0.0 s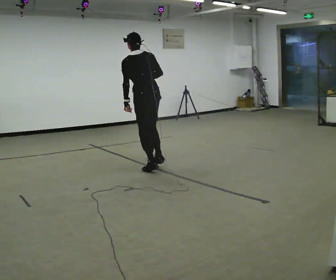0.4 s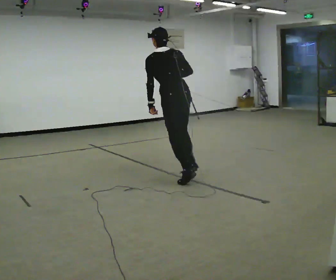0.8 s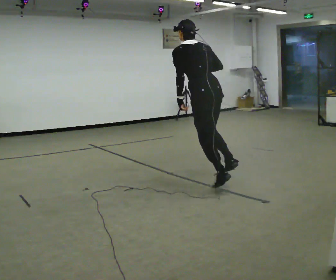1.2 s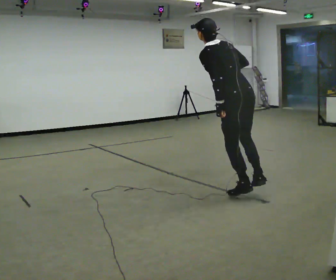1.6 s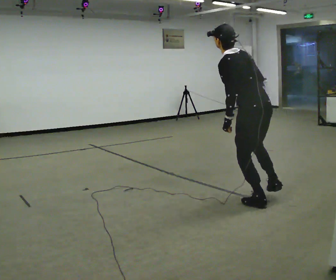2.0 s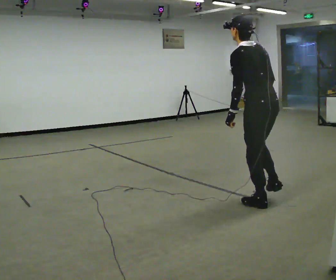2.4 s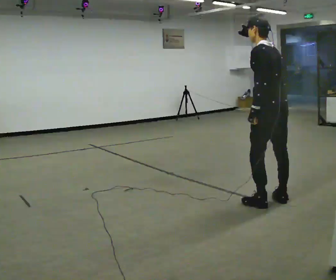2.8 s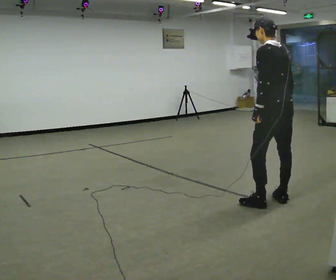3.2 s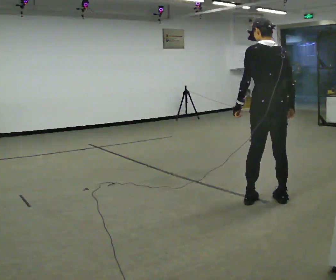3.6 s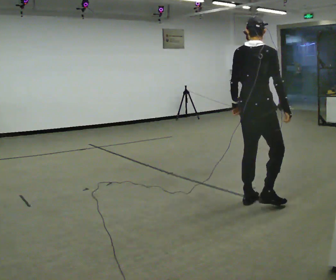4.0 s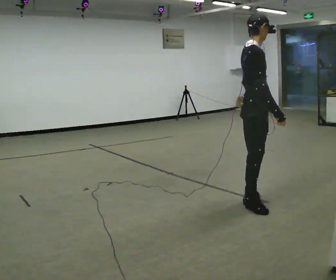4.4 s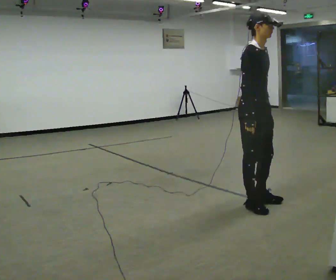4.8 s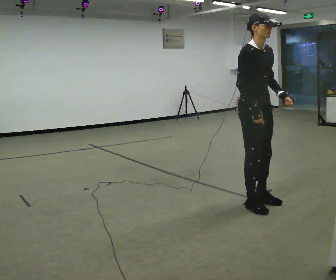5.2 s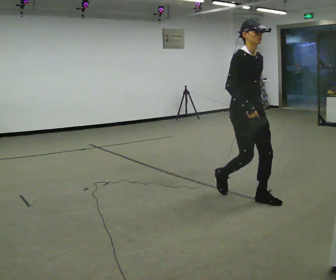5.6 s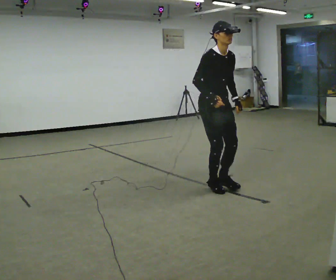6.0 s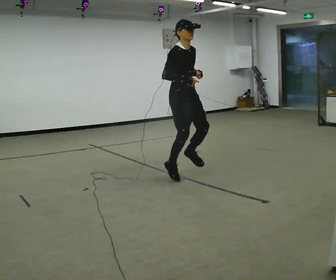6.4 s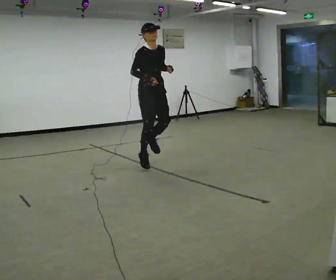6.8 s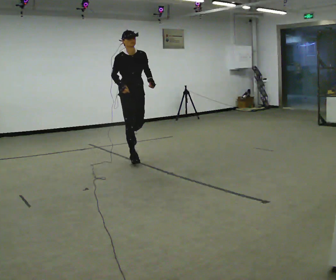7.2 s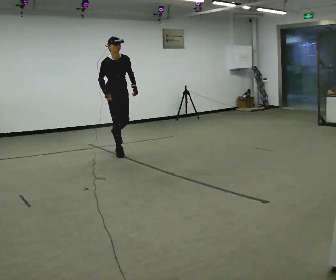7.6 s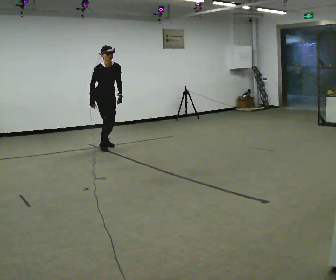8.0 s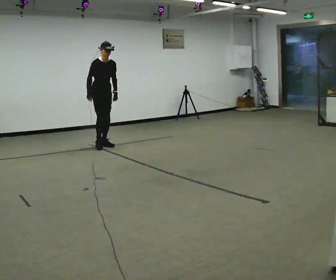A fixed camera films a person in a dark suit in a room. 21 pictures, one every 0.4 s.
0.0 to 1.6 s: In the picture they go toward the camera and to the right, about 2 m in 3 steps, which for them is backward.
1.6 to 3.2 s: Seen from above the body turns clockwise, about 30 degrees: to their right, with its near side sliding to the left. In the picture they go to the right, about 0.25 m in 1 step. In the picture the upper body tilts clockwise, shoulders to the right, as they lean back or straighten. In the picture their right hand goes to the right.
3.2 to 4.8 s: The person turns about 150 degrees to their right, clockwise seen from above, so the part of the body nearest the lens slides to the left. In the picture they go to the left, about 0.25 m in 2 steps. The upper body tips toward the camera, its near side rolling downward. In the picture their left hand goes to the right, the arm swinging counterclockwise.
4.8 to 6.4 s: In the picture they go away from the camera and to the left, about 1.5 m in 4 steps, which for them is backward.
6.4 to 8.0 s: In the picture they go away from the camera and to the left, about 2 m in 2 steps, which for them is backward. In the picture their left hand goes downward.
The film runs backward here.
